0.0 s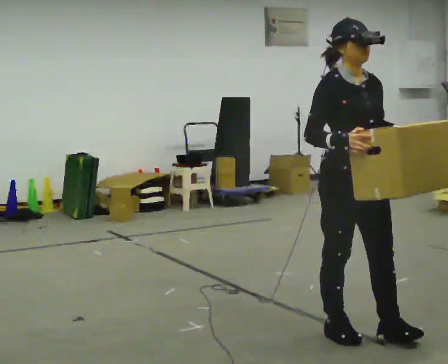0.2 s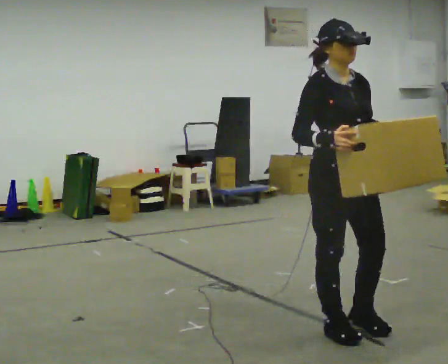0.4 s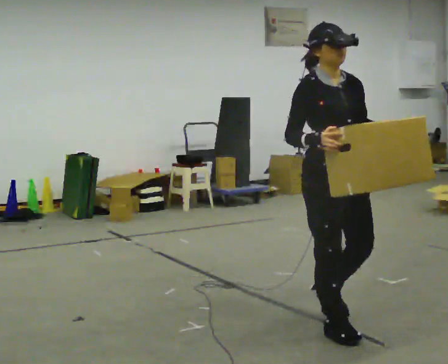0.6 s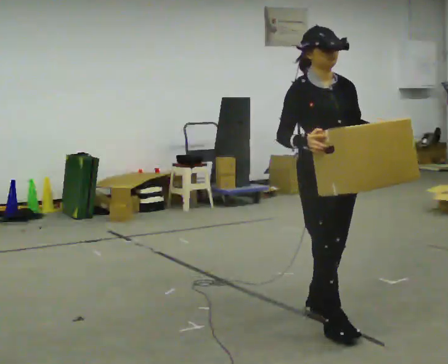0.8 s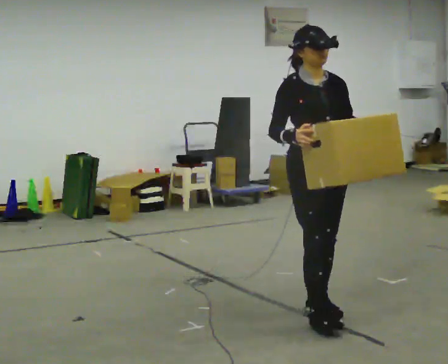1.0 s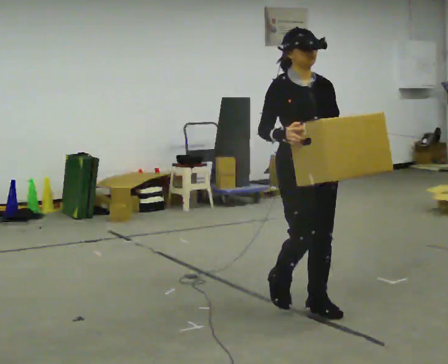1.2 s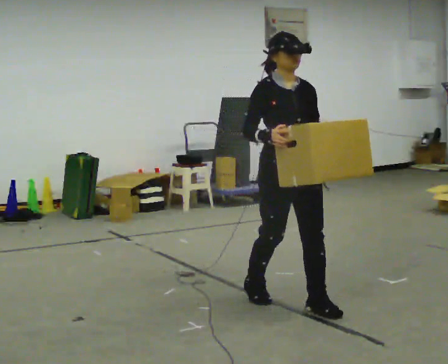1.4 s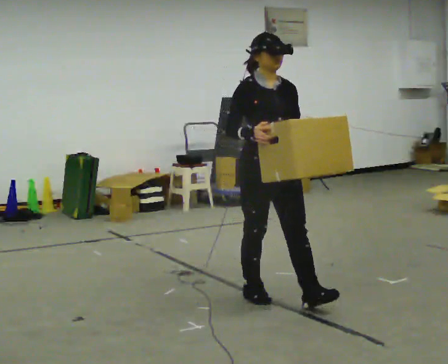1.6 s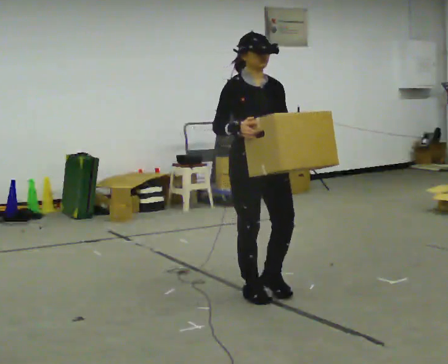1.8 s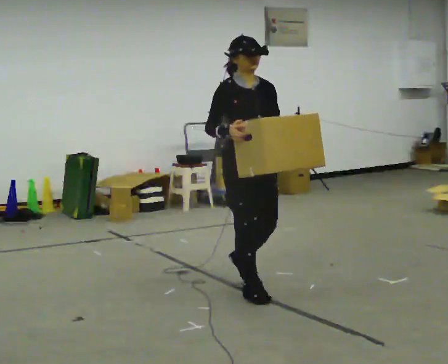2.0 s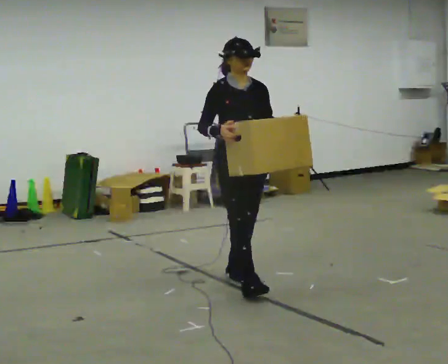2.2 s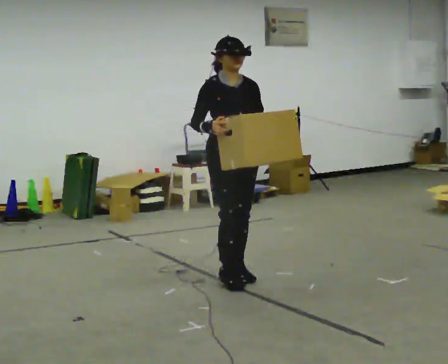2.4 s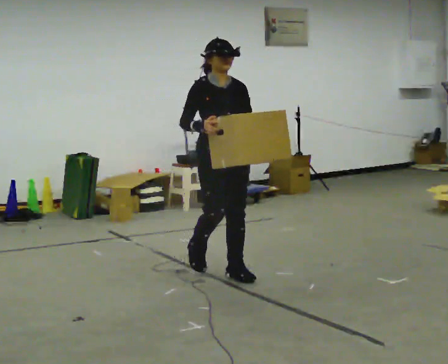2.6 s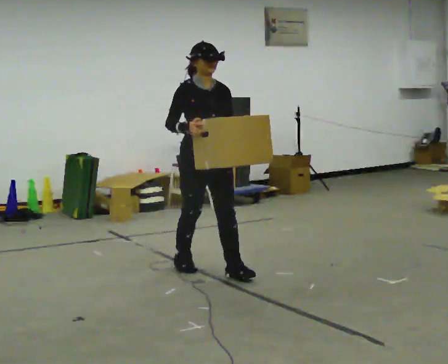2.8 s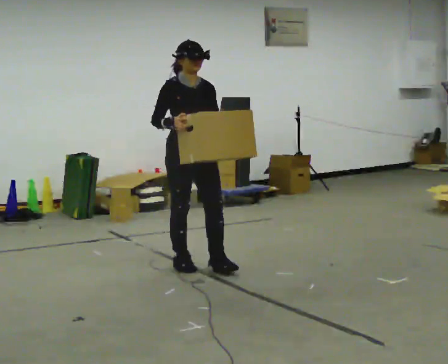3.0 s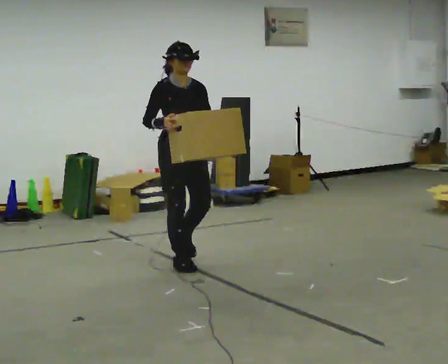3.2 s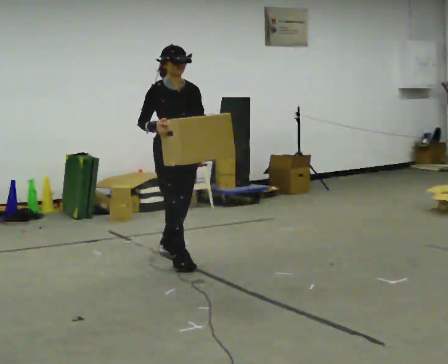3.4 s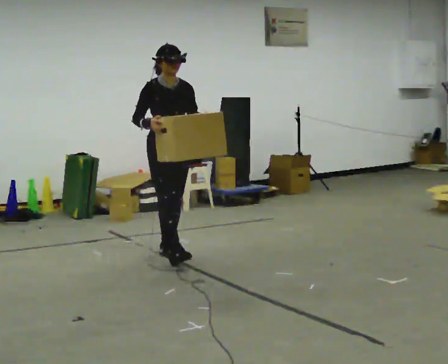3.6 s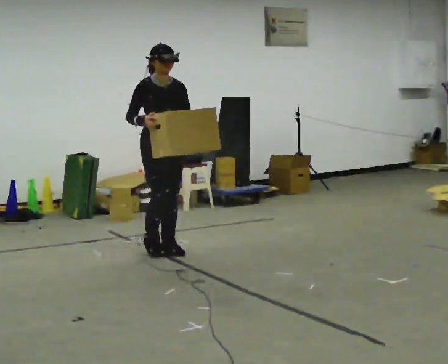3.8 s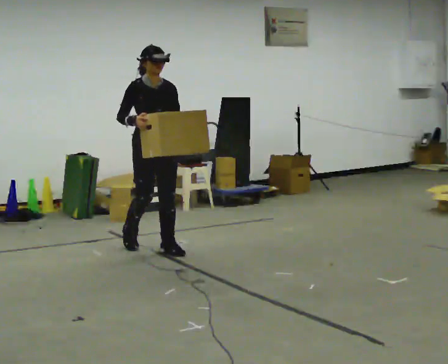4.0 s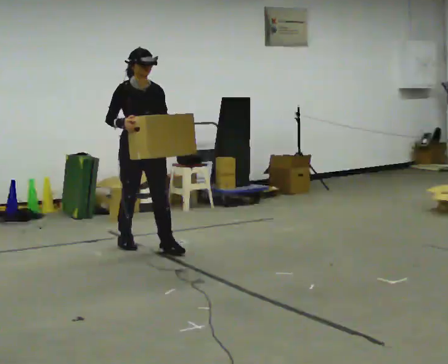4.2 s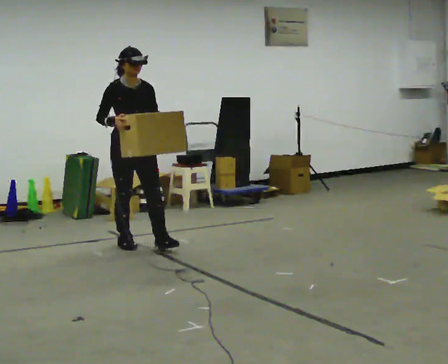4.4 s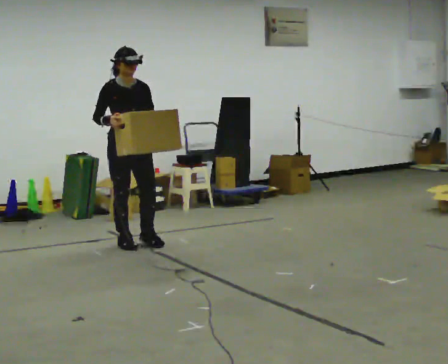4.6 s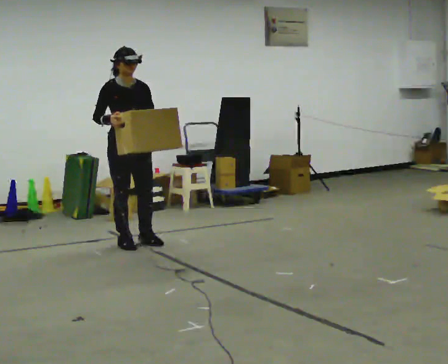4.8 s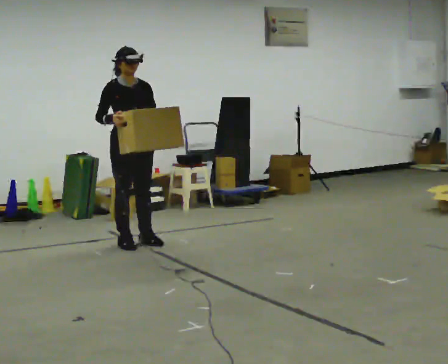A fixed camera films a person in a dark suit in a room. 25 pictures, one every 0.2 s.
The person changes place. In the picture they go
away from the camera.
0.0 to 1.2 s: In the picture they go away from the camera and to the left, about 0.5 m in 1 step, which for them is backward.
1.2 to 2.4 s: In the picture they go away from the camera and to the left, about 1 m in 2 steps, which for them is backward.
2.4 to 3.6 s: In the picture they go away from the camera and to the left, about 1 m in 2 steps, which for them is backward.
3.6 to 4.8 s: In the picture they go to the left and away from the camera, about 0.5 m in 1 step, which for them is backward.
The film runs backward here.
